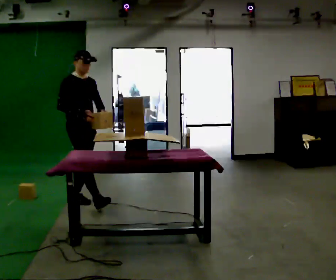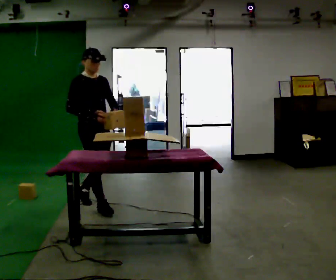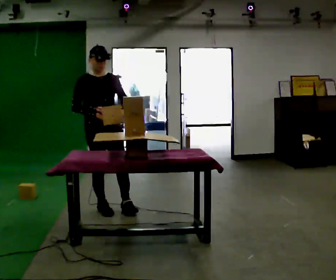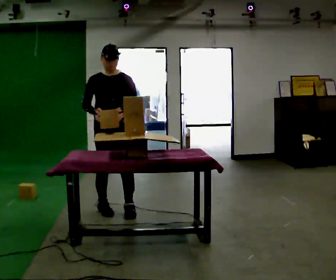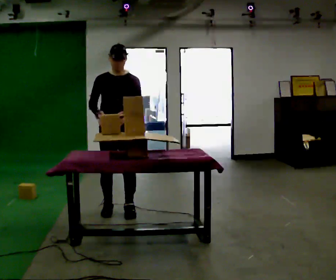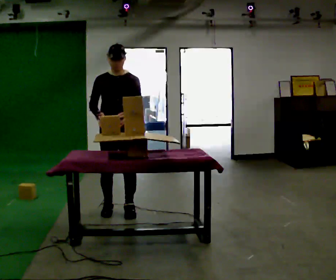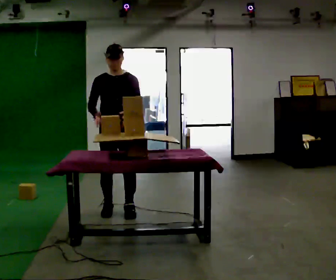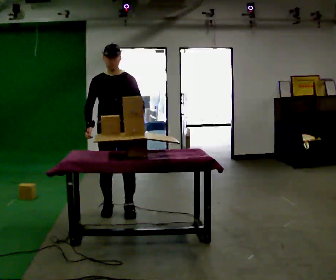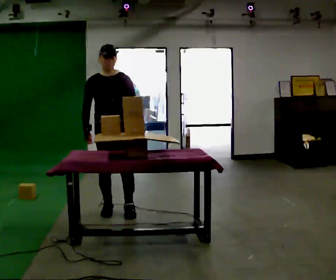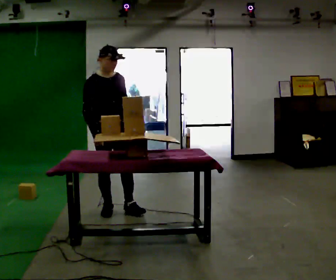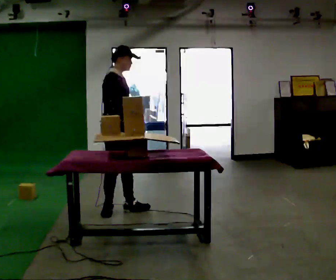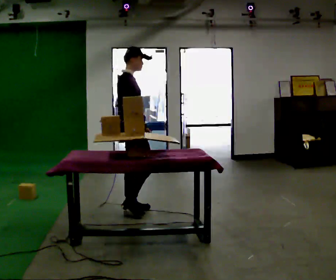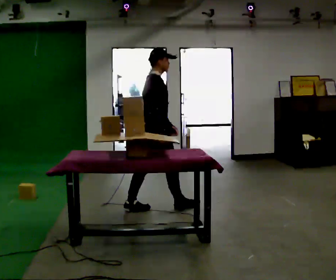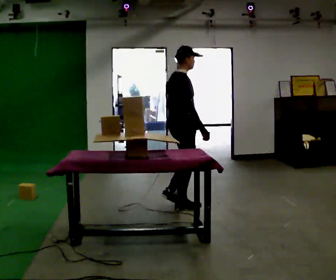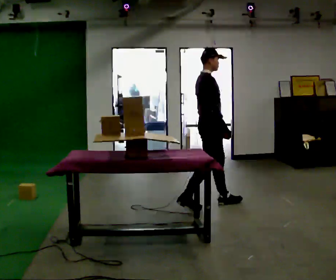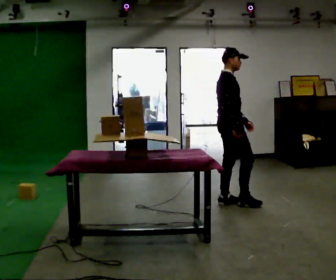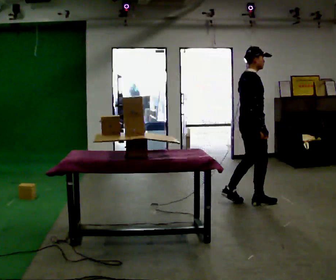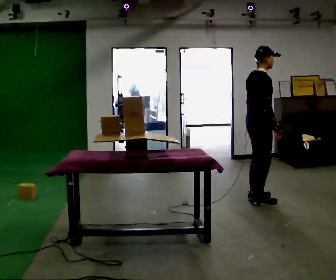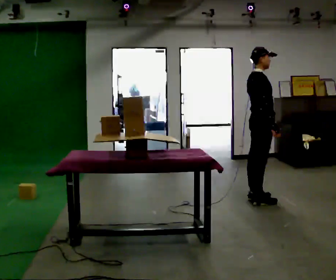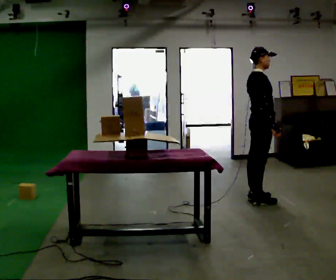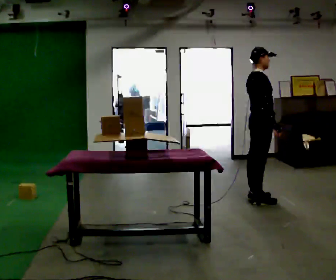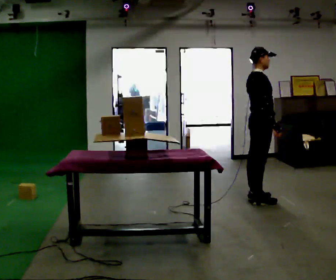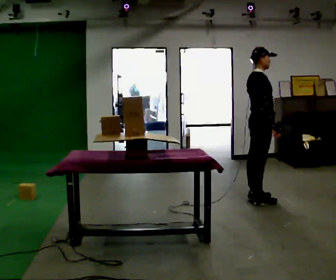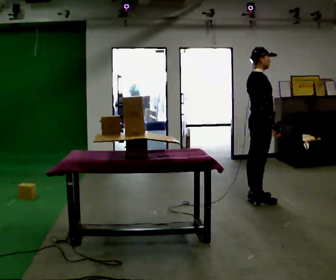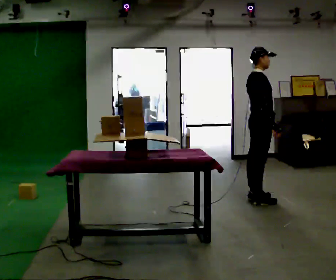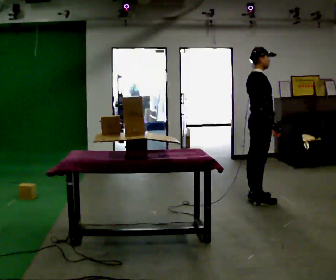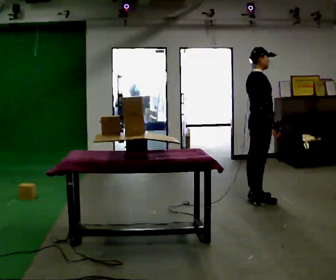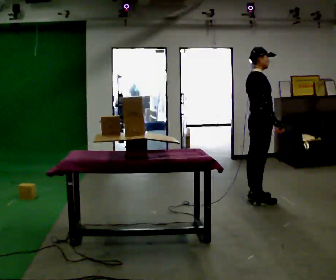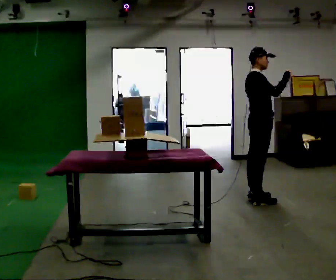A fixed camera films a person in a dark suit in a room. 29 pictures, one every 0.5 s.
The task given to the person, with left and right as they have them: Carry the object over and set it down on the wobbly board without tipping it over. Keep going until the operator says stop; one object at a time, and do not rush between trips.
0.0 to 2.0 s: Seen from above the body turns clockwise, about 45 degrees: to their right, with its near side sliding to the left. In the picture they go to the right and toward the camera, about 0.5 m in 1 step, which for them is forward and to their left.
2.0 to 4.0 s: The person moves a little, or ends about where they began.
4.0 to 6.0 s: The person turns about 105 degrees to their left, counterclockwise seen from above, so the part of the body nearest the lens slides to the right. In the picture they go to the right and away from the camera, about 0.5 m in 1 step.
6.0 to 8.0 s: In the picture they go to the right, about 1 m in 2 steps, which for them is forward.
8.0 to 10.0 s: The person moves a little, or ends about where they began.
10.0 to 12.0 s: The person keeps their place and pose.
12.0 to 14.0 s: In the picture their right hand goes upward, the arm swinging counterclockwise.
The film runs forward here.
